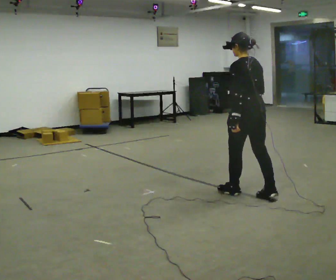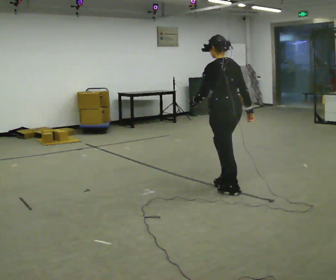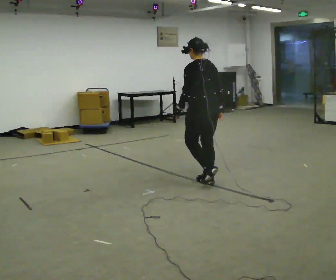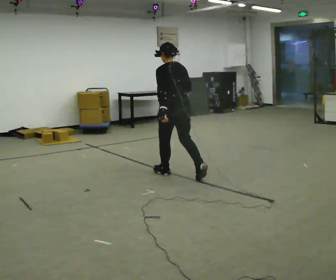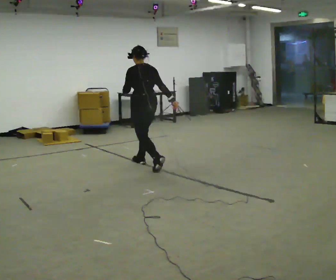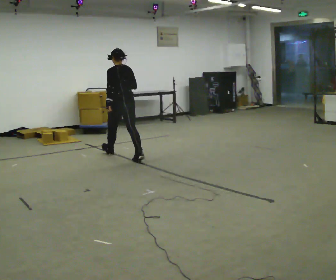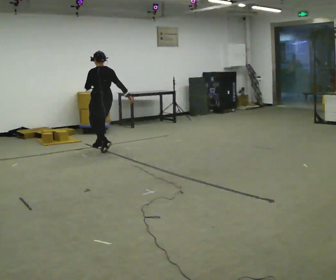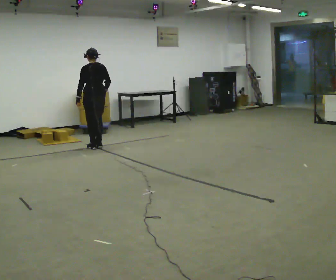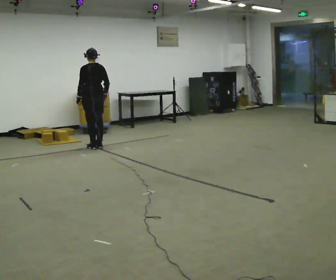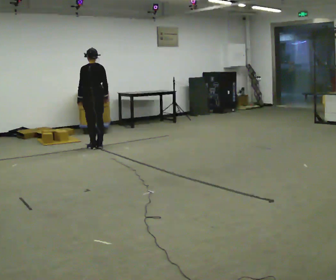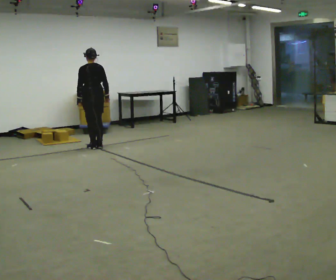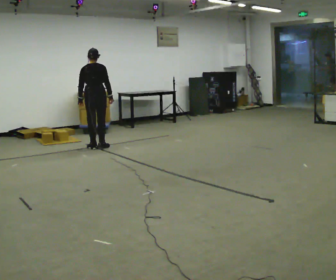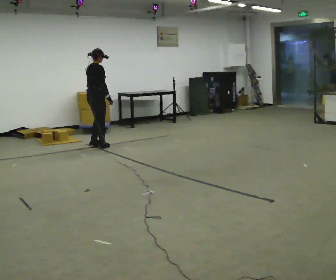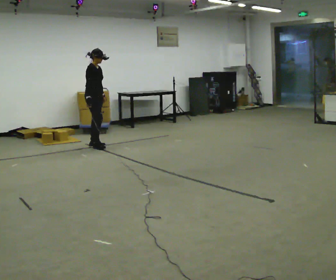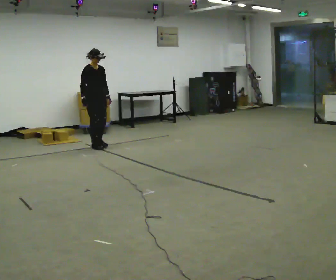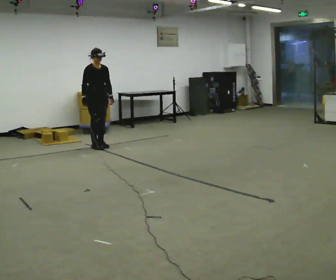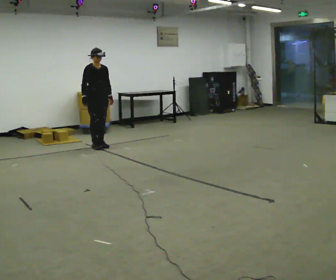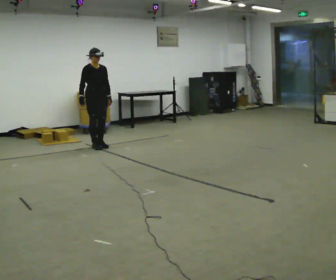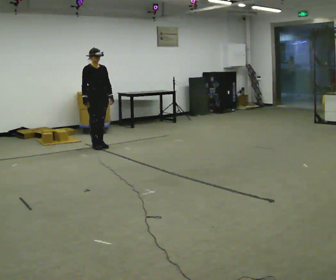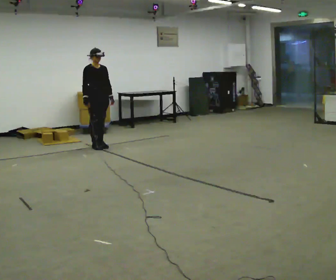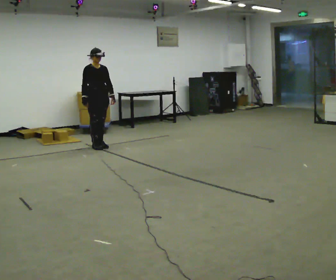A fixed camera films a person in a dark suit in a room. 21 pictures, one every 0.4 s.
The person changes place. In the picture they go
away from the camera.
The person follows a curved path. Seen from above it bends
clockwise.
0.0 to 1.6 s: In the picture they go away from the camera and to the left, about 1.5 m in 3 steps, which for them is forward.
1.6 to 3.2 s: In the picture they go away from the camera and to the left, about 1.5 m in 3 steps, which for them is forward.
3.2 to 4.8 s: The part of the body nearest the lens slides to the left as the person turns to their right by about 90 degrees.
4.8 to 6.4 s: The part of the body nearest the lens slides to the left as the person turns to their right by about 90 degrees. In the picture their right hand goes to the left, the arm swinging clockwise.
6.4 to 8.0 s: The person moves a little, or ends about where they began.
The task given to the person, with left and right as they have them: Start still; gradually go slow → normal → fast; briefly maintain fast speed; stop.
The film runs forward here.
